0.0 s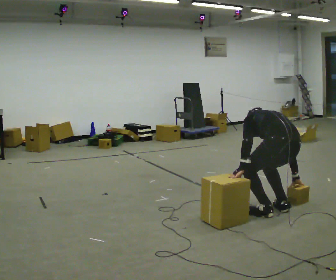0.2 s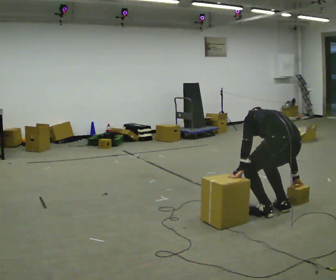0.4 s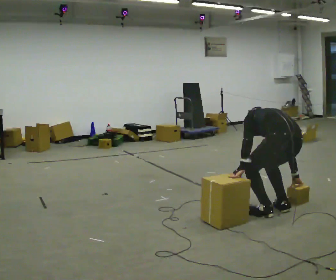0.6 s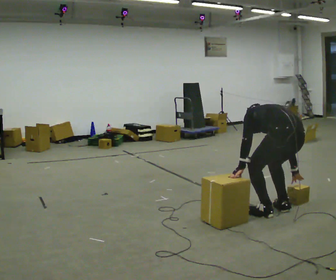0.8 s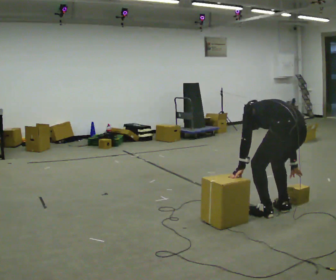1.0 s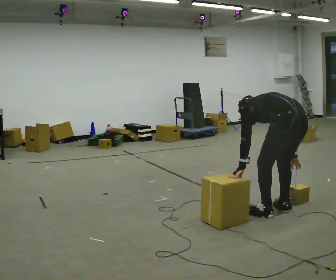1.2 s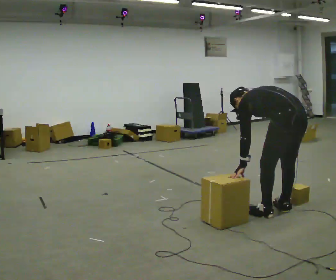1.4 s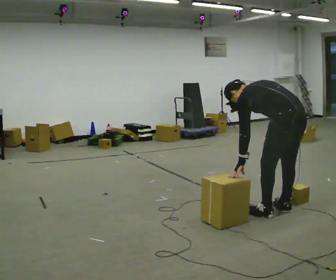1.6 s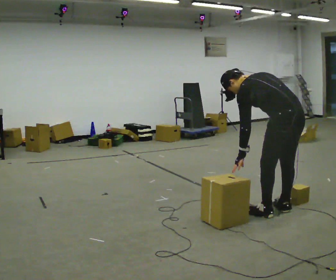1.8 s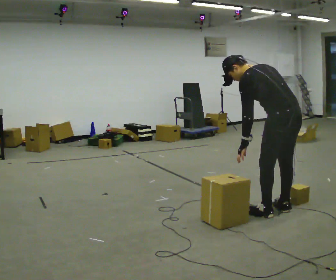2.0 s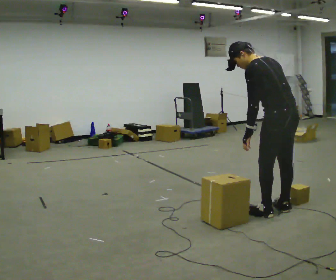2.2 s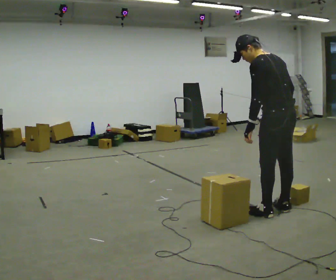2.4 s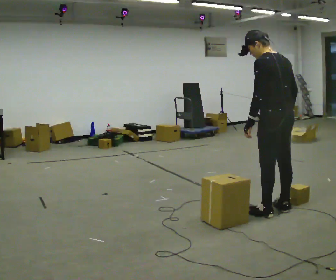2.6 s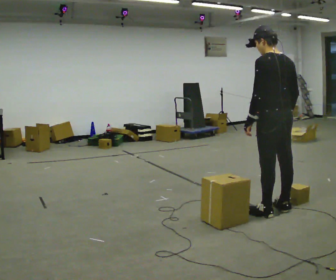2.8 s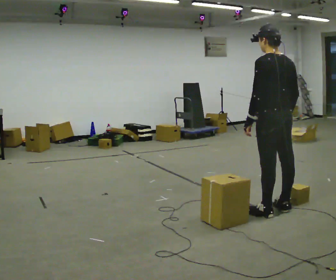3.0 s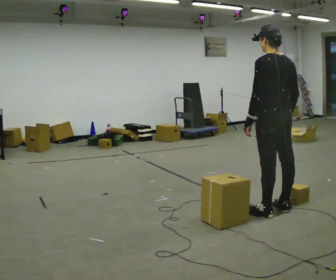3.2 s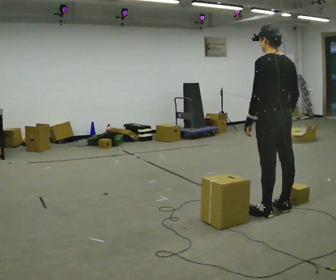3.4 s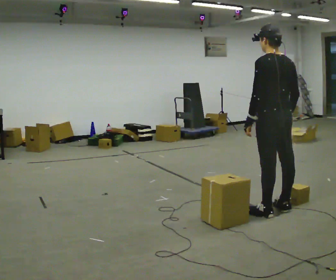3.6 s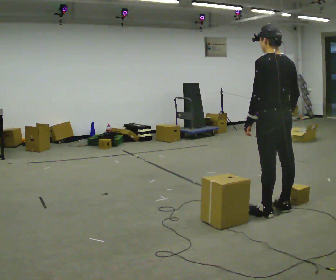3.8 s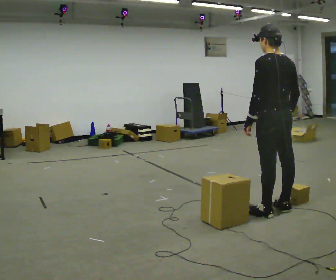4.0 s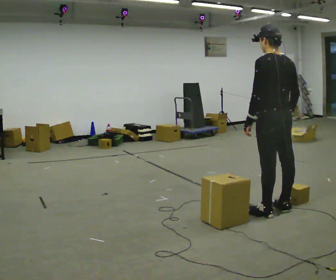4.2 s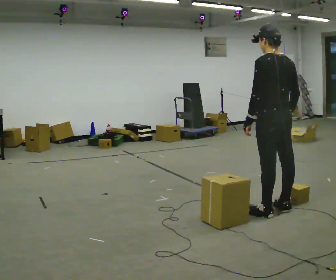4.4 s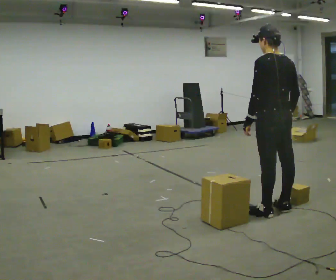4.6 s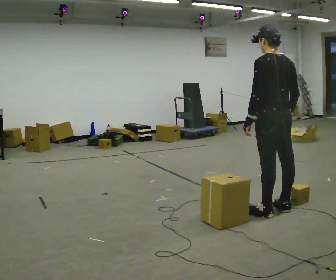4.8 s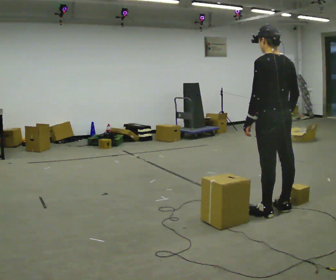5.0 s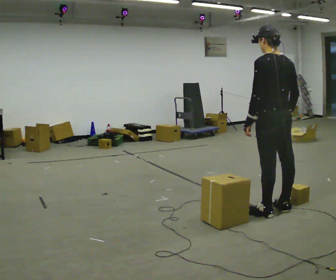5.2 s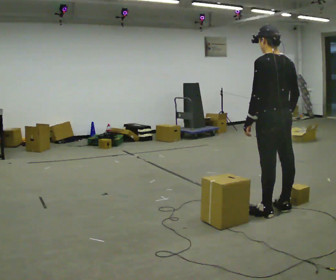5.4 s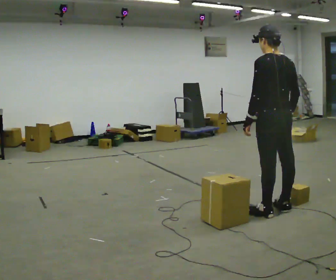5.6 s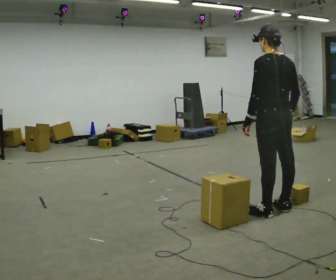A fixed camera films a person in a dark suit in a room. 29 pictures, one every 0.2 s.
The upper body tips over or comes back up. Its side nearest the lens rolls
downward.
The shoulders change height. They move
upward.
0.0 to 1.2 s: The upper body goes upward. In the picture the upper body tilts counterclockwise, shoulders to the left.
1.2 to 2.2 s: The shoulders move upward. The upper body tips toward the camera, its near side rolling downward, as they lean back or straighten.
2.2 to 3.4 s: In the picture the upper body tilts clockwise, shoulders to the right, as they lean back or straighten.
3.4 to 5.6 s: The person keeps their place and pose.
The film runs backward here.
